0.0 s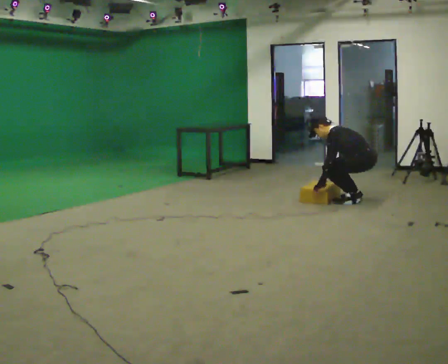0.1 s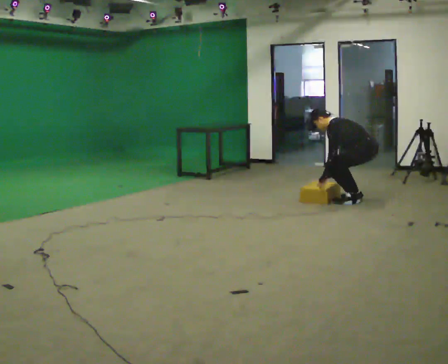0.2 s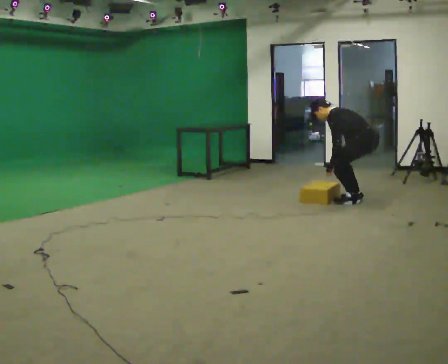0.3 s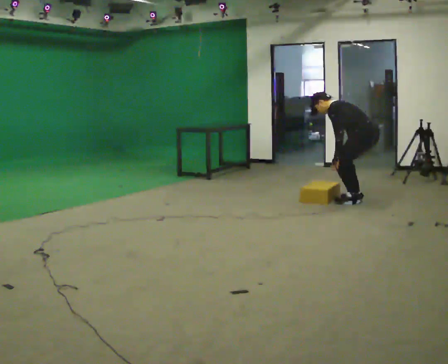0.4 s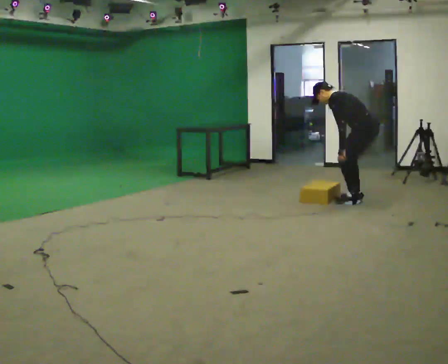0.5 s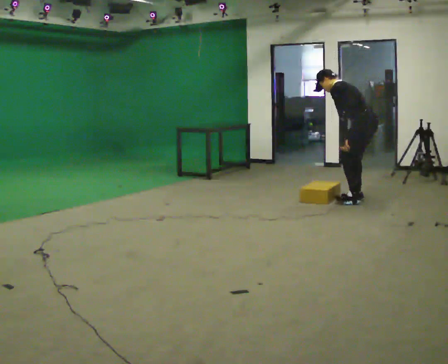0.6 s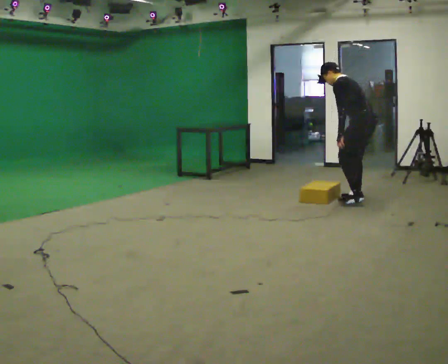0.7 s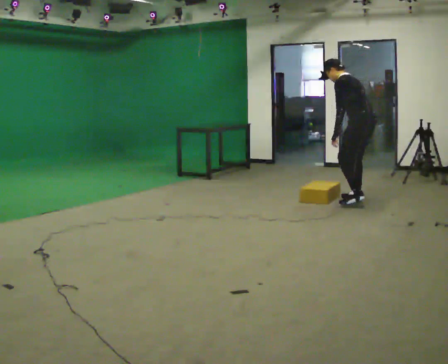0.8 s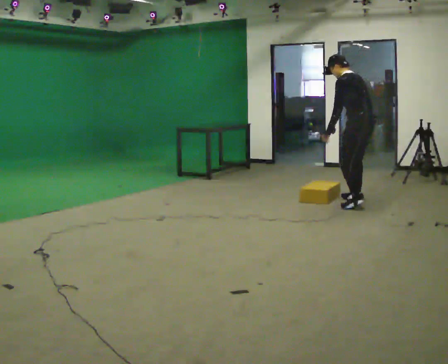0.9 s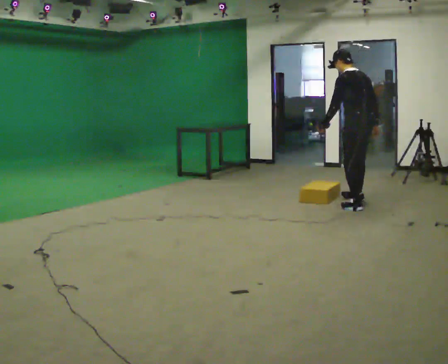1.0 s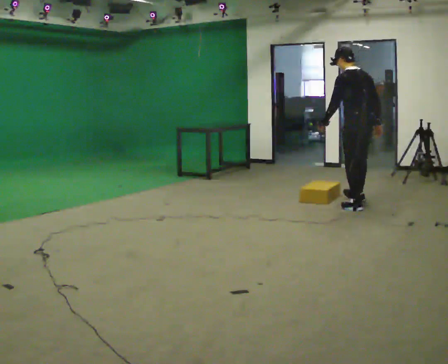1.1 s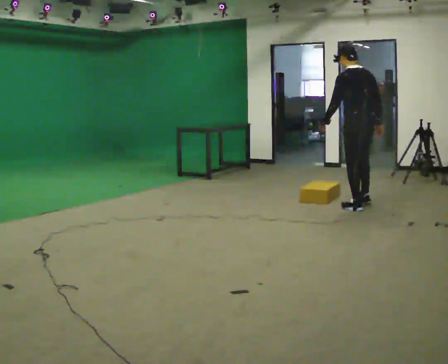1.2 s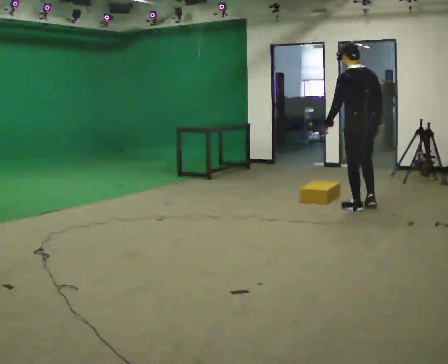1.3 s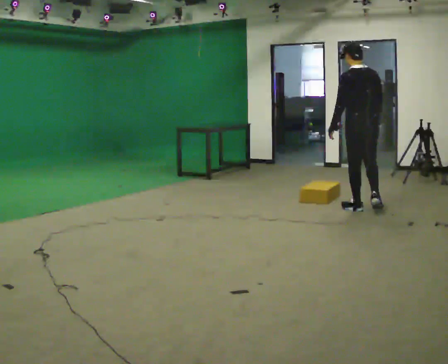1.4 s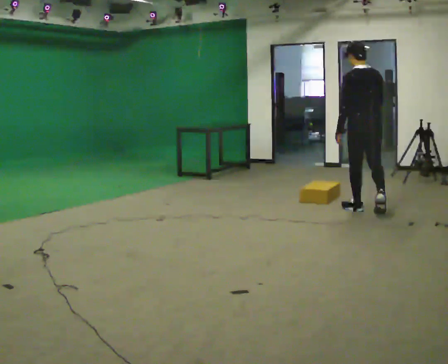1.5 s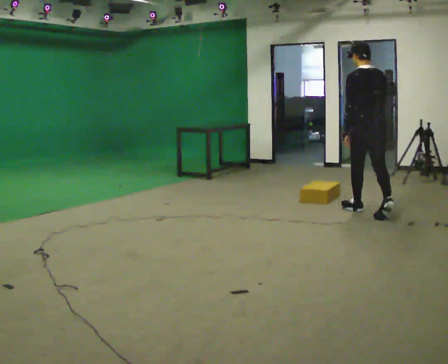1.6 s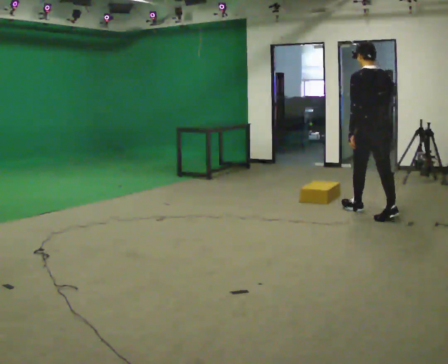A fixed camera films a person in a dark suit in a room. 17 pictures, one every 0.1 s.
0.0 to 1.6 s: The part of the body nearest the lens slides to the left as the person turns to their right by about 45 degrees. In the picture they go toward the camera, about 0.5 m in 2 steps, which for them is to their left and backward. The shoulders move upward. In the picture the upper body tilts clockwise, shoulders to the right, as they lean back or straighten. In the picture their left hand goes upward.
The film runs backward here.
